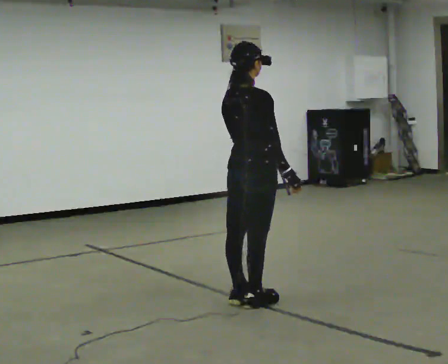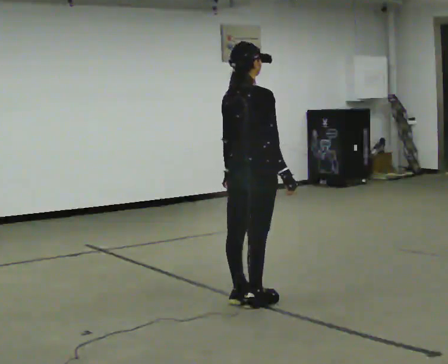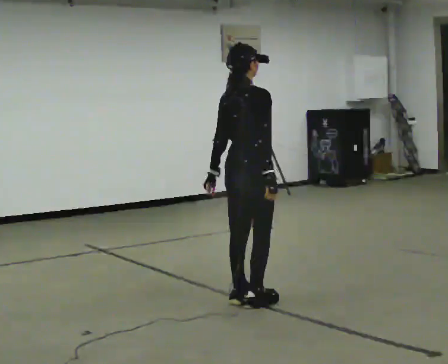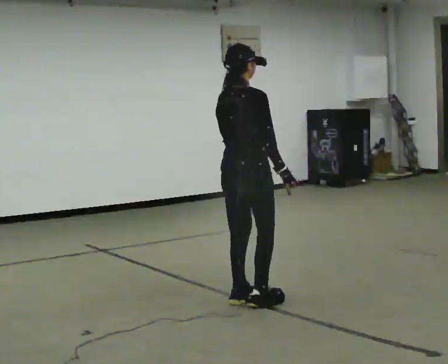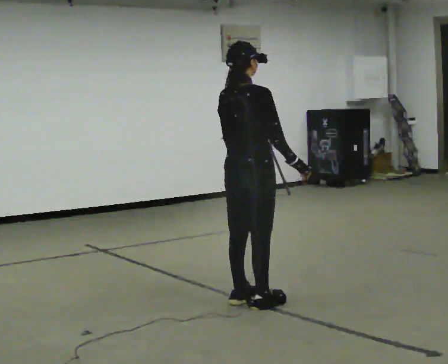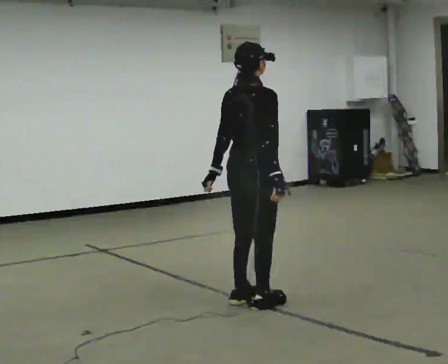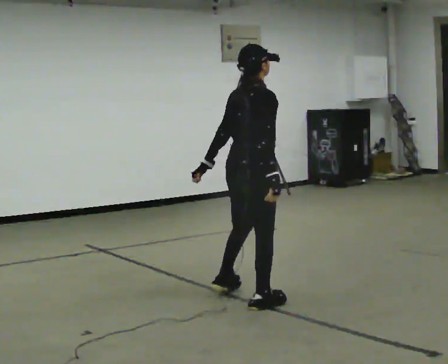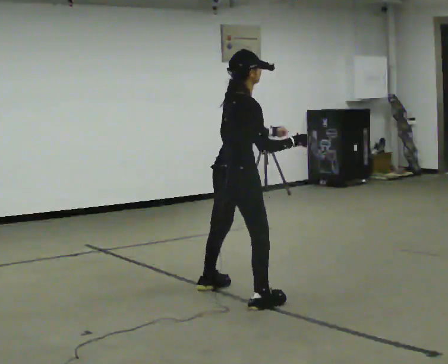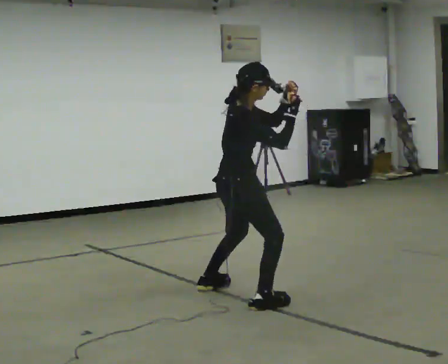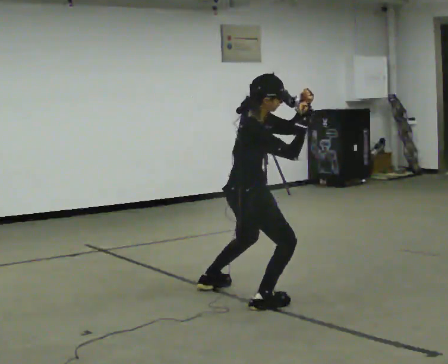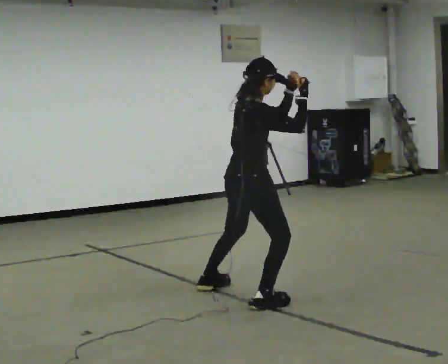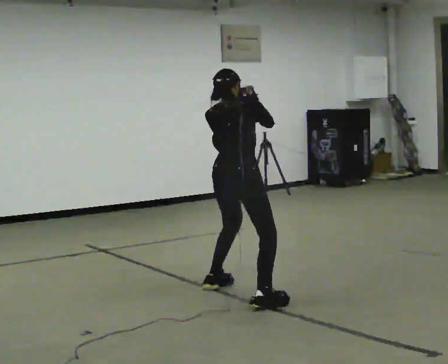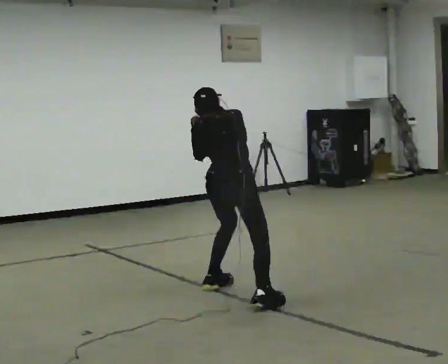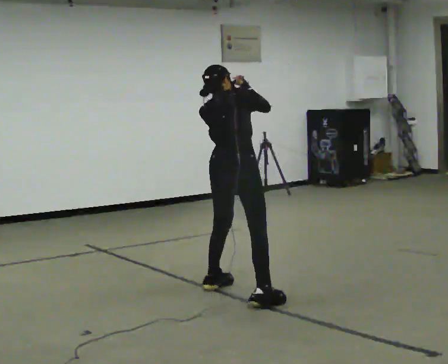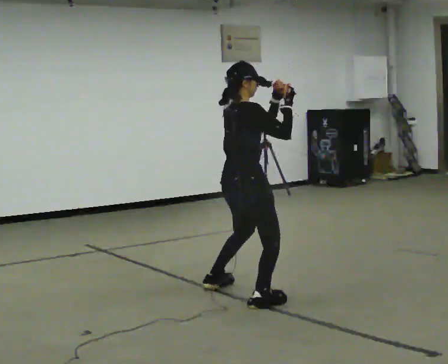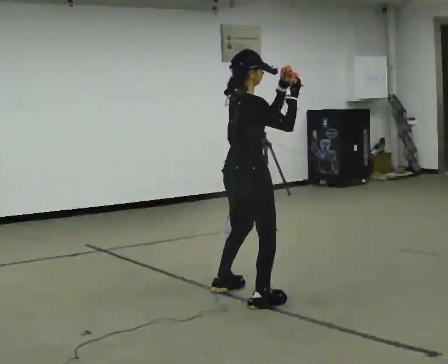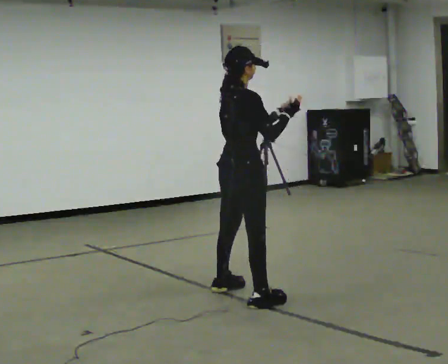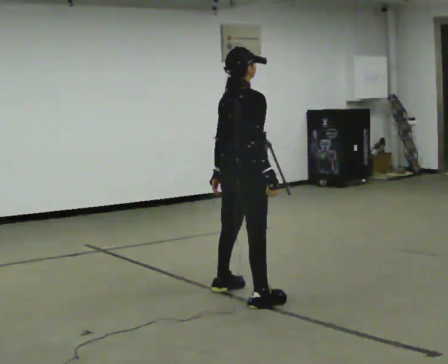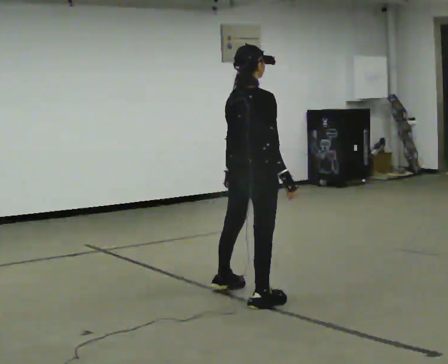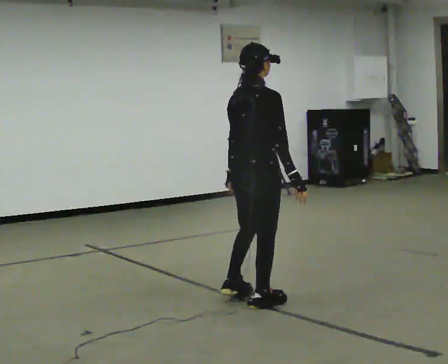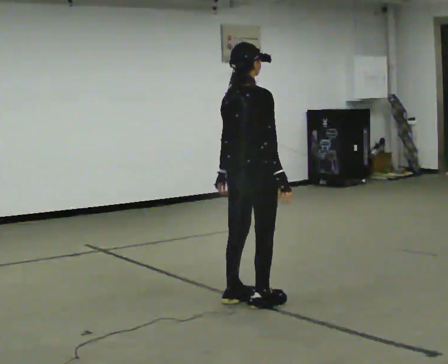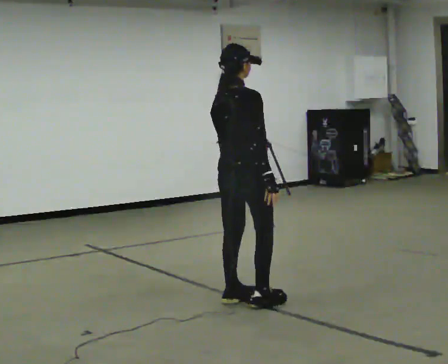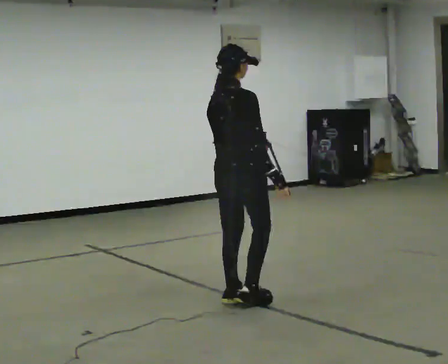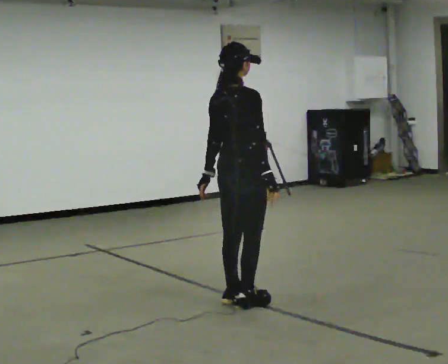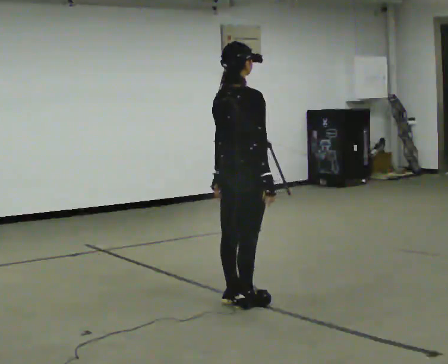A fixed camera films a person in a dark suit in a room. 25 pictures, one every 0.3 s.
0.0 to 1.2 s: The person moves a little, or ends about where they began.
1.2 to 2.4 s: The part of the body nearest the lens slides to the left as the person turns to their right by about 30 degrees. In the picture their left hand goes upward.
2.4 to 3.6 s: Seen from above the body turns counterclockwise, about 60 degrees: to their left, with its near side sliding to the right. The upper body tips away from the camera, its near side rolling upward, as they bend forward. In the picture their right hand goes to the left.
3.6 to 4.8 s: Seen from above the body turns clockwise, about 45 degrees: to their right, with its near side sliding to the left. The upper body tips toward the camera, its near side rolling downward, as they lean back or straighten. In the picture their right hand goes to the right.
4.8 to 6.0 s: In the picture they go toward the camera, about 0.25 m in 1 step, which for them is to their right. In the picture their left hand goes downward and to the left.
6.0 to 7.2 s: The person moves a little, or ends about where they began.
The film runs backward here.
